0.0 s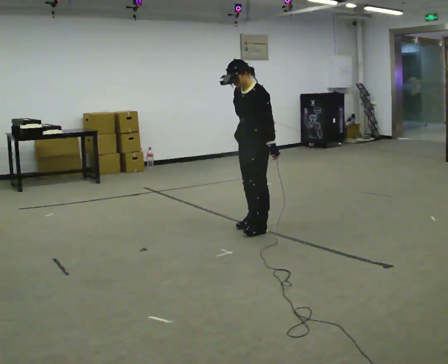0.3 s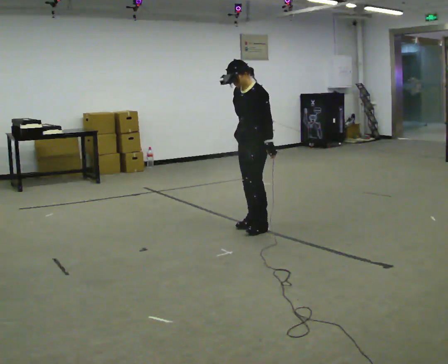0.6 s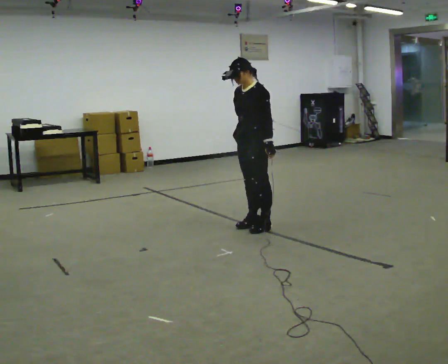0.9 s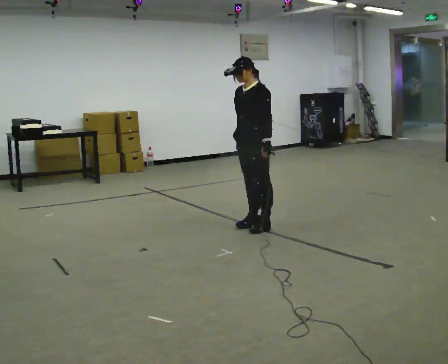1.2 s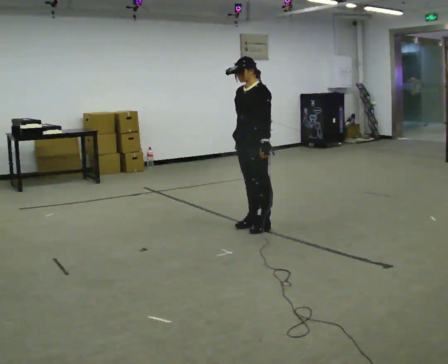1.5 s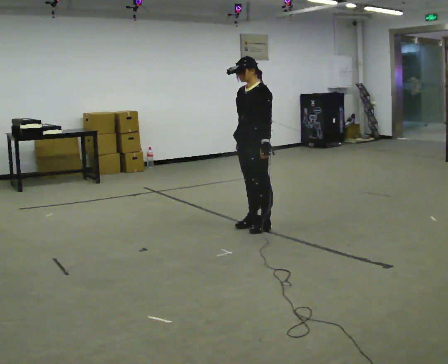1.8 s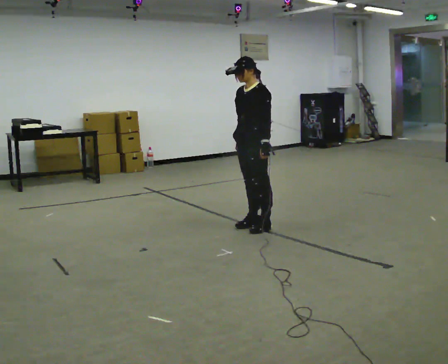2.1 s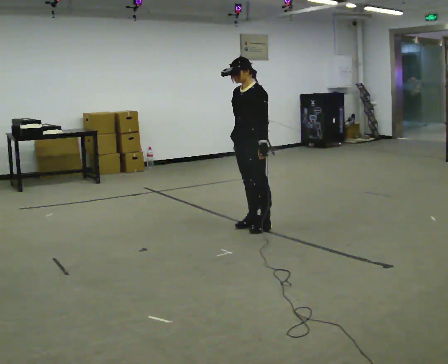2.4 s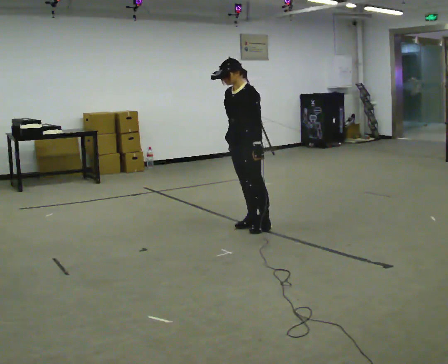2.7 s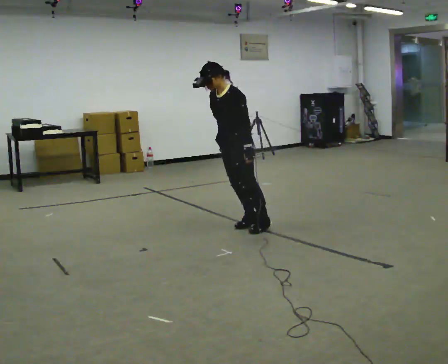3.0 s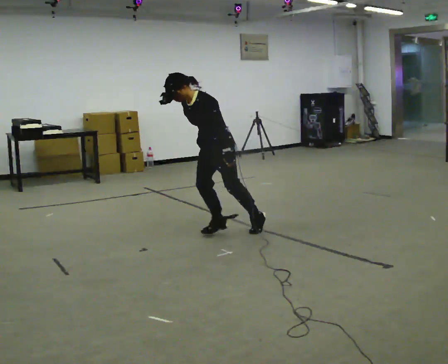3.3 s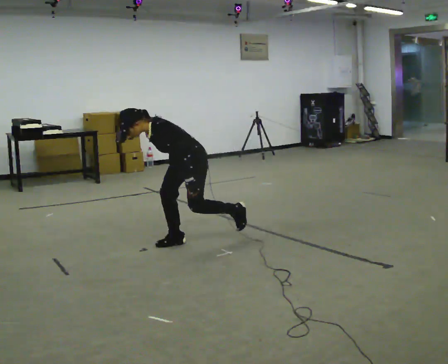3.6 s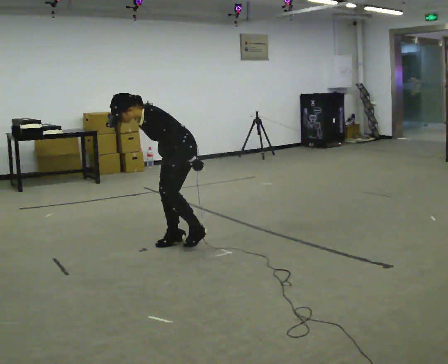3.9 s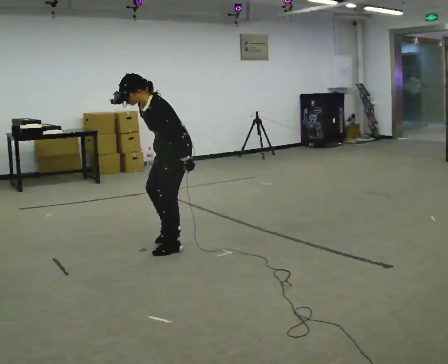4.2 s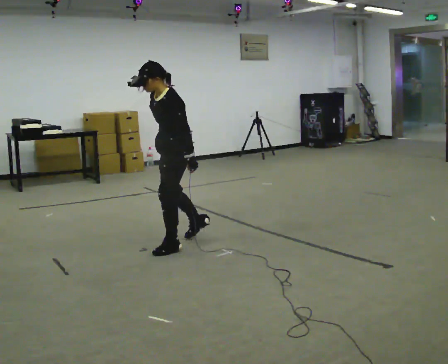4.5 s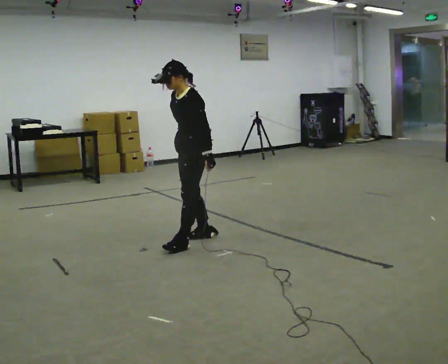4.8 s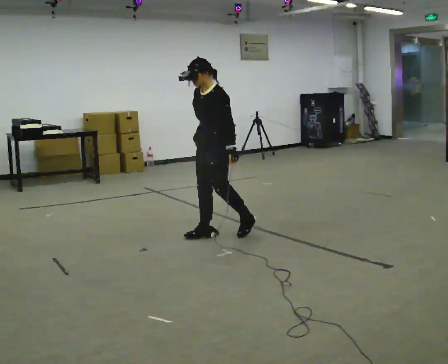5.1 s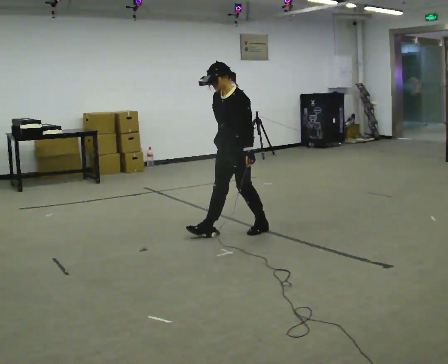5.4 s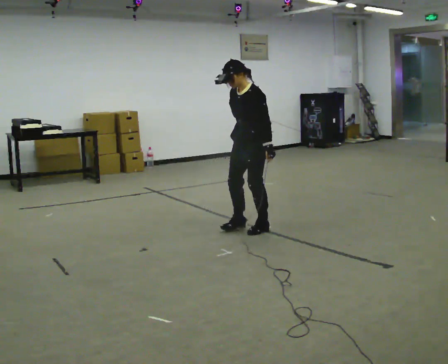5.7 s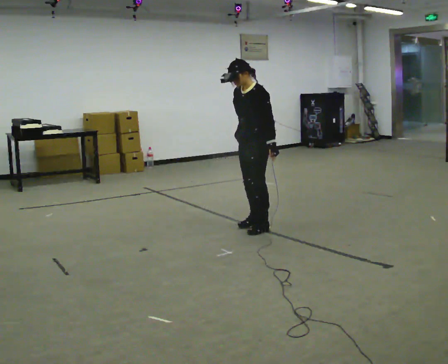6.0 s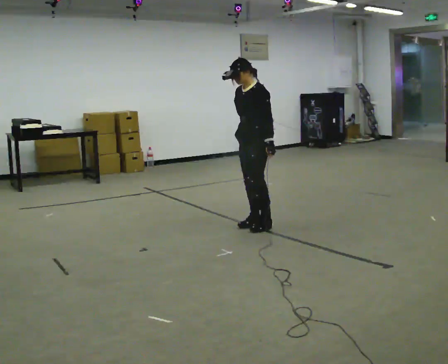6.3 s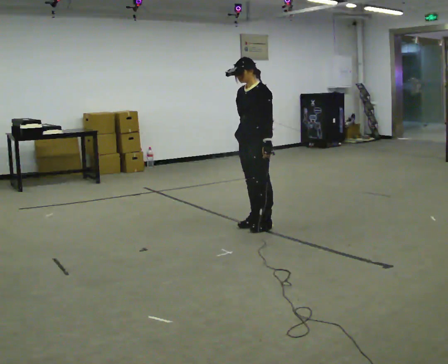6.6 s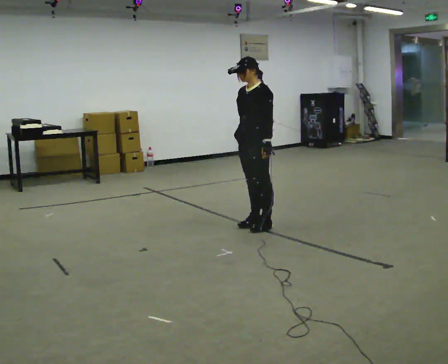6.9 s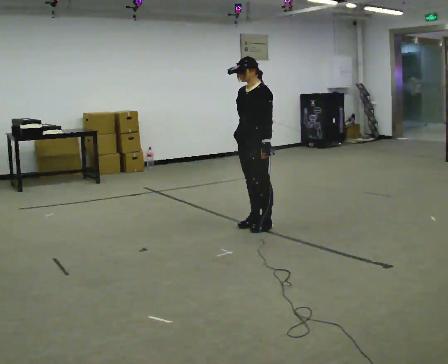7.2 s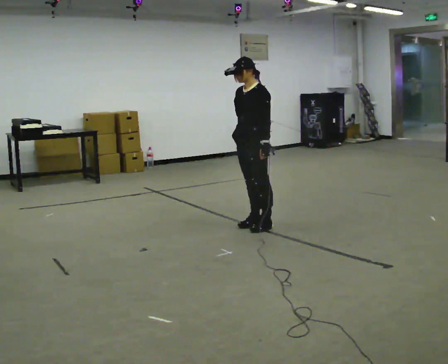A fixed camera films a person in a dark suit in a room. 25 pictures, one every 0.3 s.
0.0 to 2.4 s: The person moves a little, or ends about where they began.
2.4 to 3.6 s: In the picture they go to the left and toward the camera, about 0.75 m in 1 step, which for them is forward. In the picture the upper body tilts counterclockwise, shoulders to the left, as they bend forward.
3.6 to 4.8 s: In the picture they go to the right and away from the camera, about 0.5 m in 2 steps, which for them is backward. In the picture the upper body tilts clockwise, shoulders to the right, as they lean back or straighten.
4.8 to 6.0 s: In the picture they go to the right and away from the camera, about 0.5 m in 2 steps, which for them is backward.
6.0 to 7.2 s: The person moves a little, or ends about where they began.
The film runs forward here.
